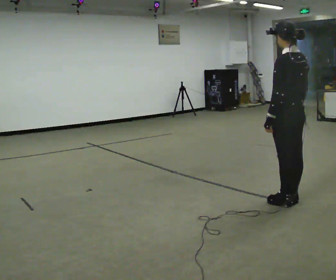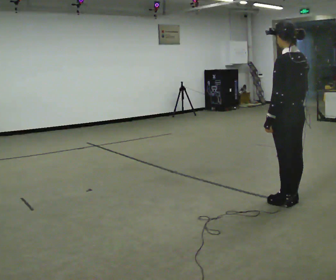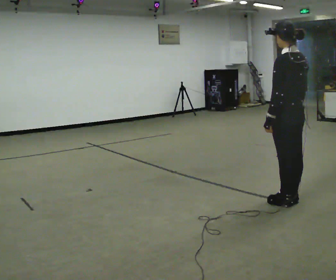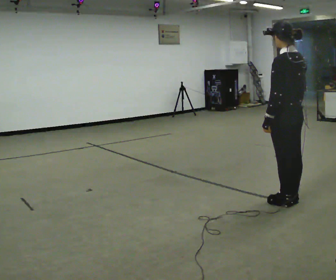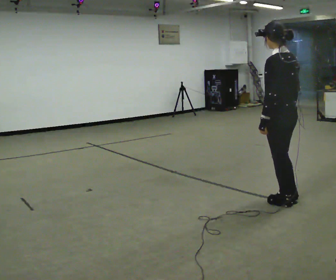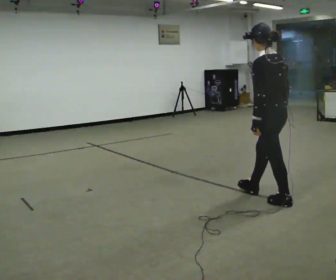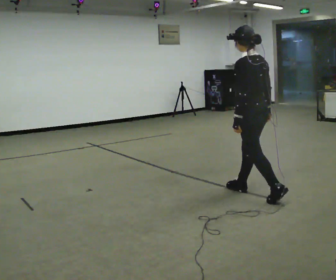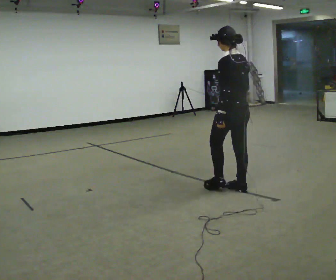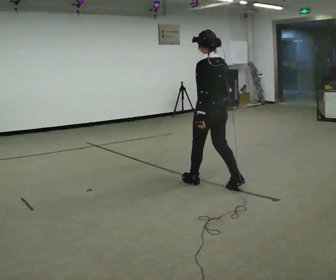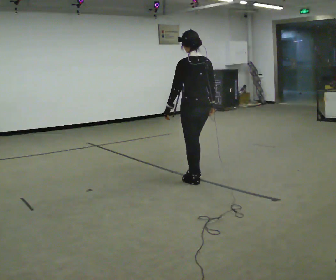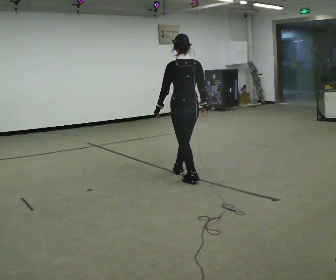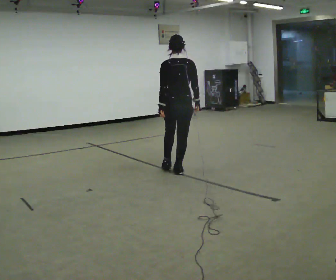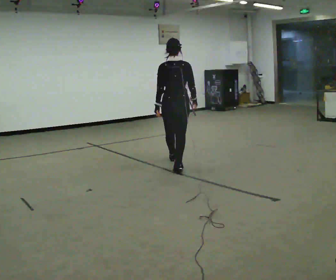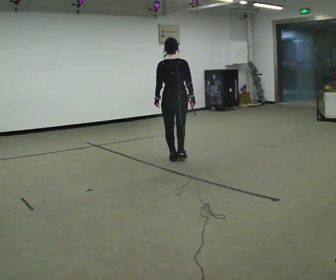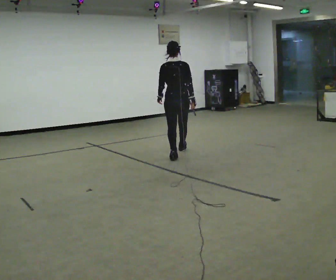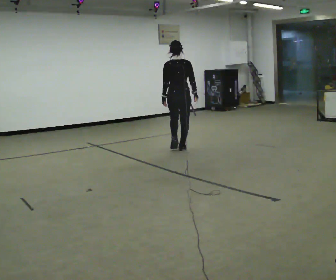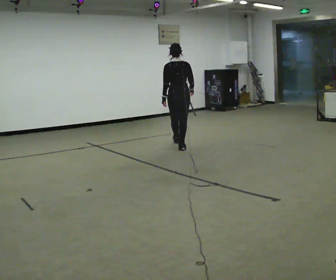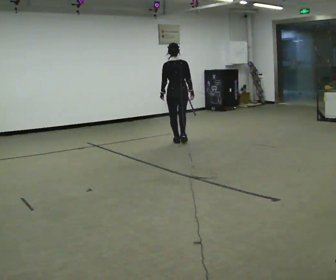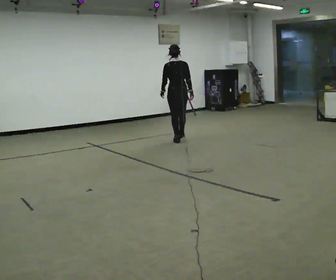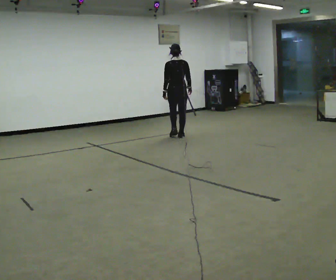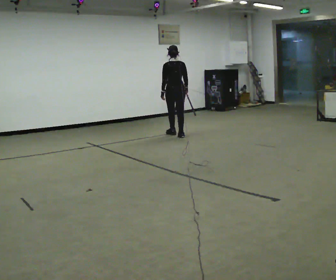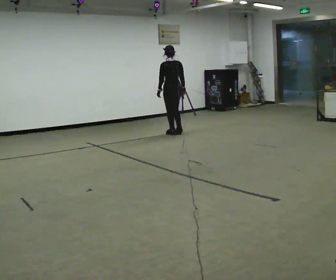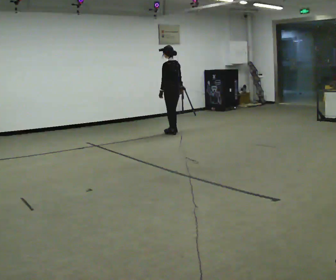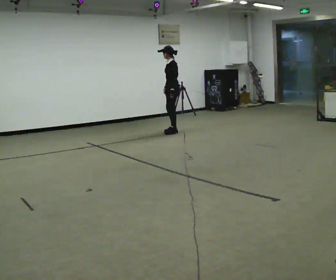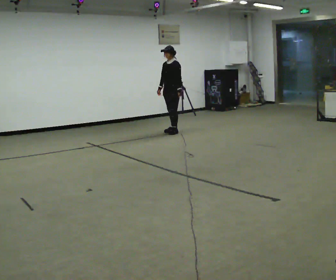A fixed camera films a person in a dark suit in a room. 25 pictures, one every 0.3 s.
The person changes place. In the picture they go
away from the camera.
0.0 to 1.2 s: The person moves a little, or ends about where they began.
1.2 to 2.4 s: In the picture they go away from the camera and to the left, about 1 m in 2 steps, which for them is forward.
2.4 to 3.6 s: Seen from above the body turns clockwise, about 45 degrees: to their right, with its near side sliding to the left. In the picture they go away from the camera and to the left, about 1 m in 1 step, which for them is forward.
3.6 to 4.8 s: In the picture they go away from the camera, about 1 m in 2 steps, which for them is forward.
4.8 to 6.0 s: In the picture they go away from the camera, about 1 m in 3 steps, which for them is forward.
6.0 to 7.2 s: Seen from above the body turns counterclockwise, about 120 degrees: to their left, with its near side sliding to the right. In the picture they go away from the camera, about 0.25 m in 2 steps.
The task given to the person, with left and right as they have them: Walk straight; at marker turn ~45° while continuing to walk; continue straight.
The film runs forward here.
